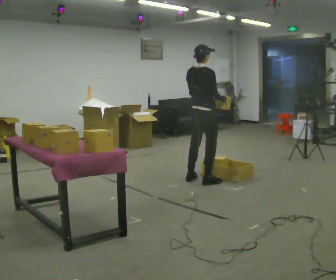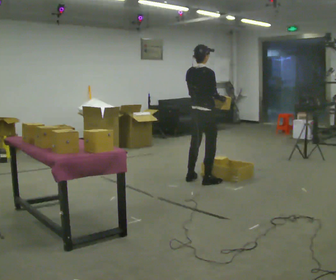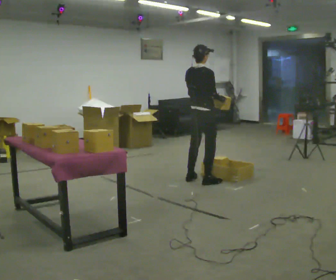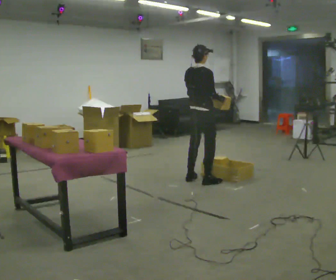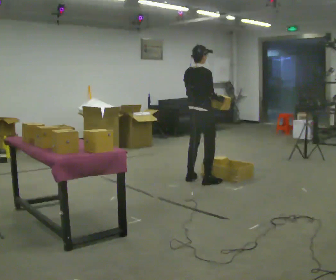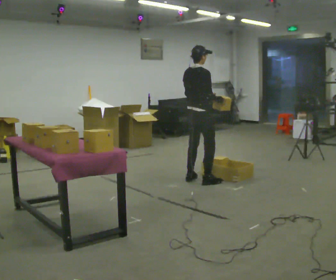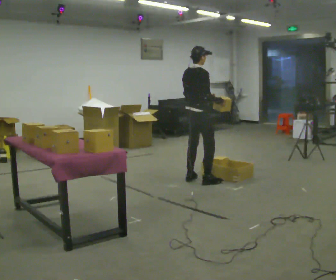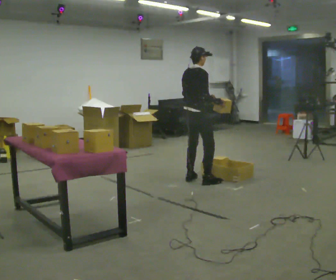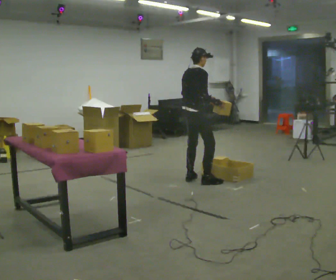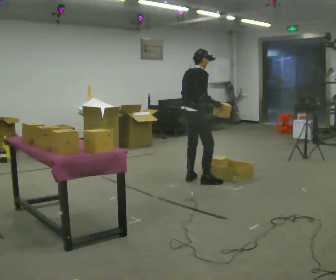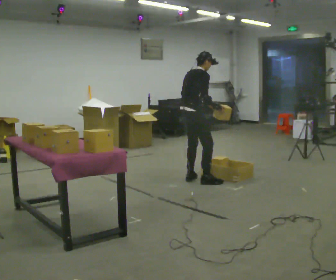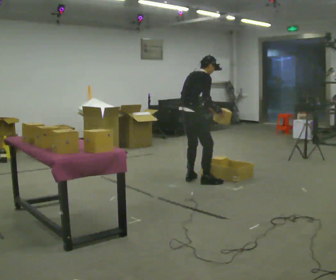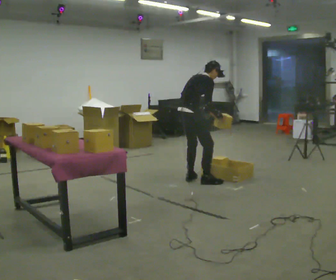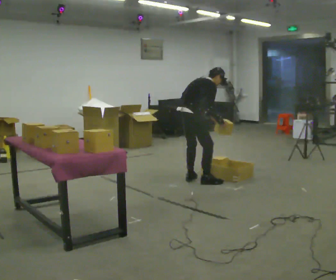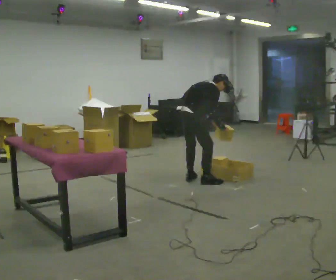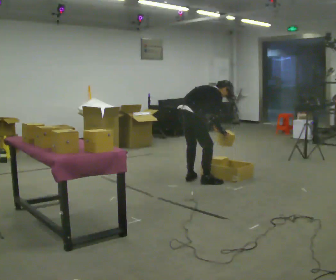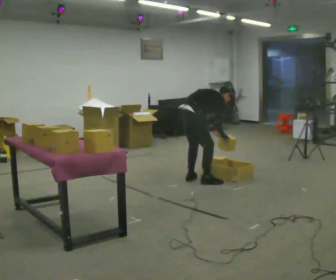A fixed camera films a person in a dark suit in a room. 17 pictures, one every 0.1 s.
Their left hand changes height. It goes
downward.
The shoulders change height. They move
downward.
0.0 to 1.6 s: In the picture they go to the left, about 0.25 m, which for them is backward. The upper body goes downward. In the picture the upper body tilts clockwise, shoulders to the right, as they bend forward. In the picture their right hand goes downward.
The film runs backward here.
